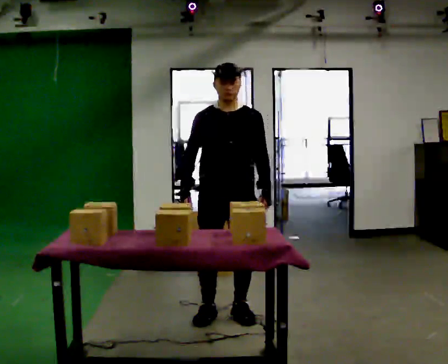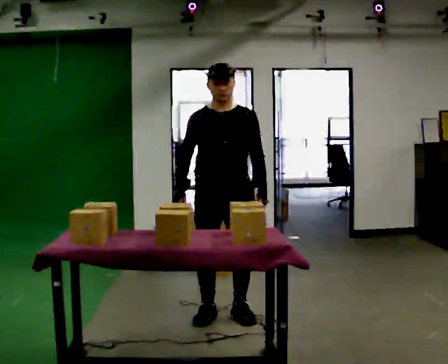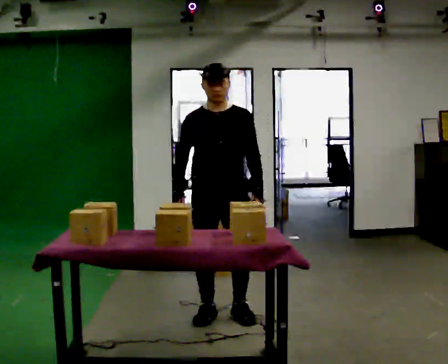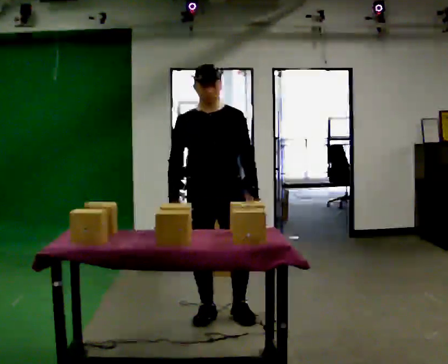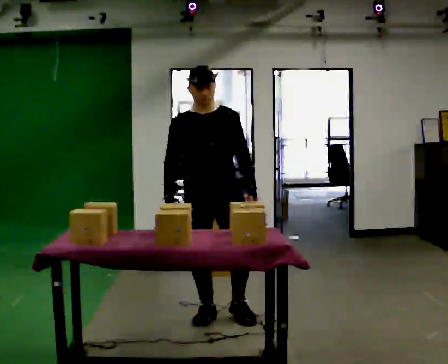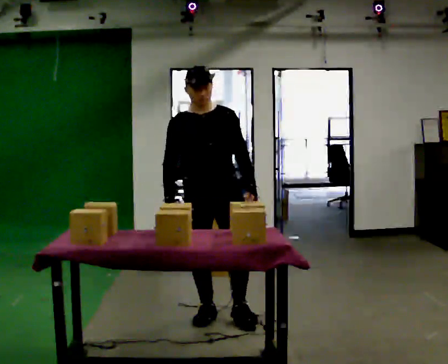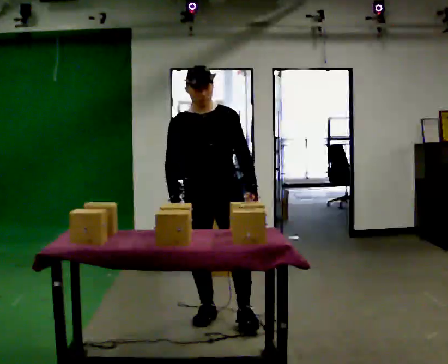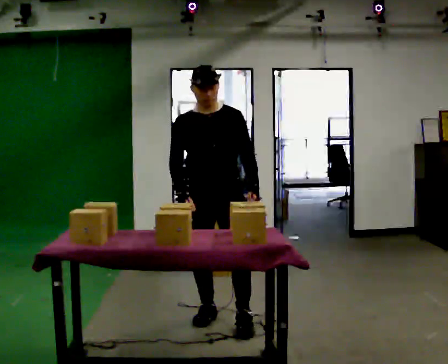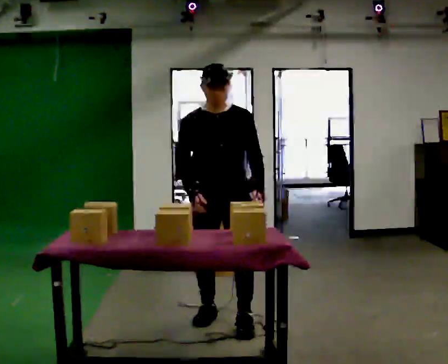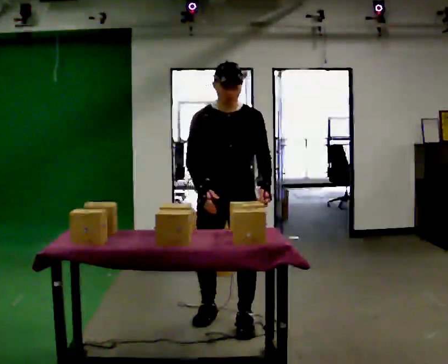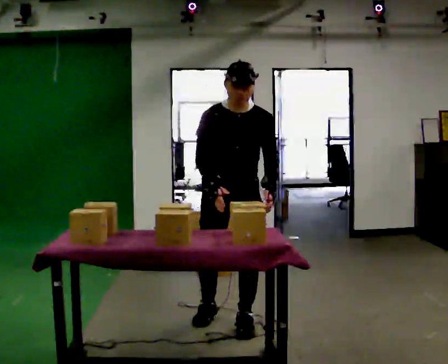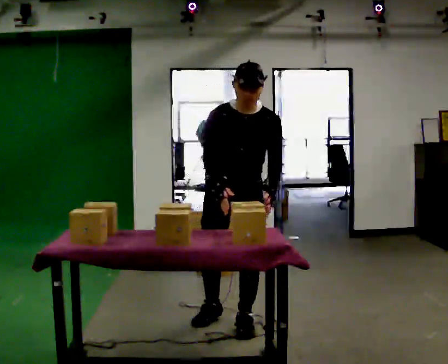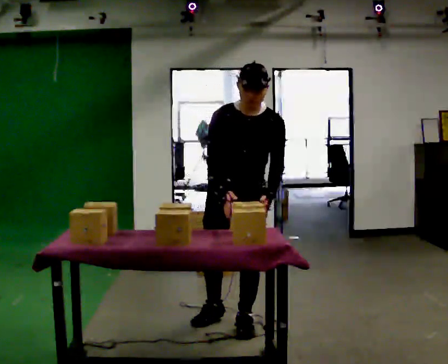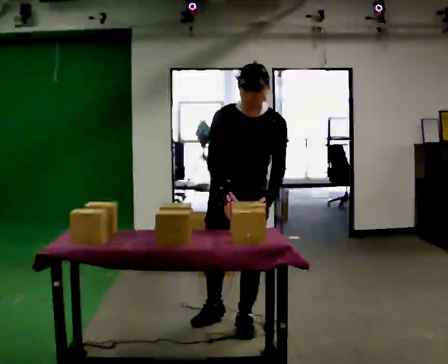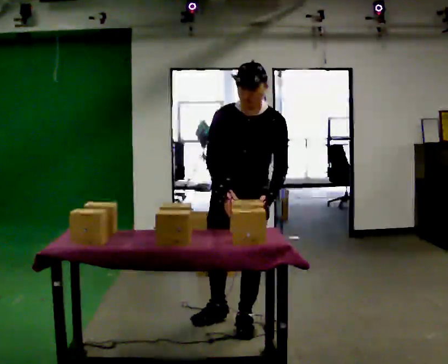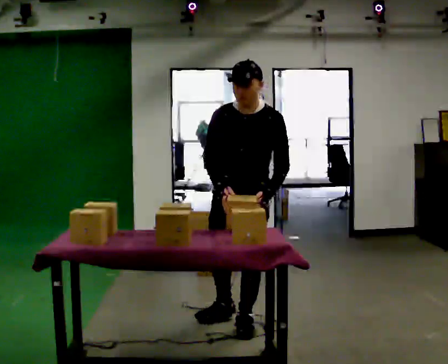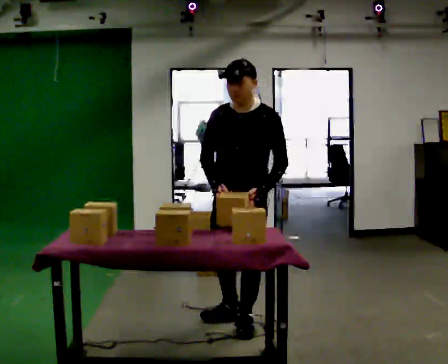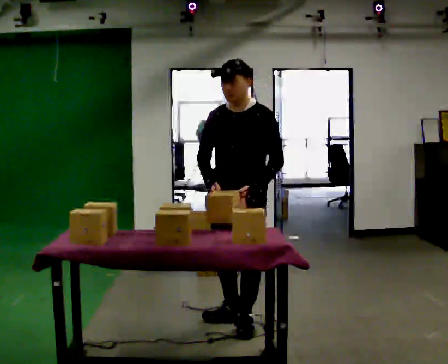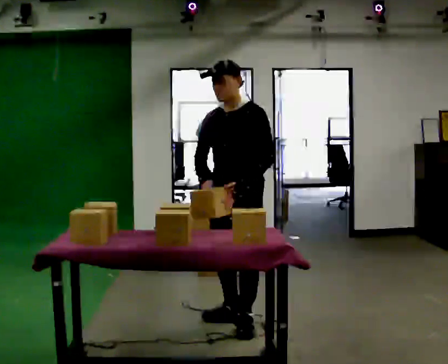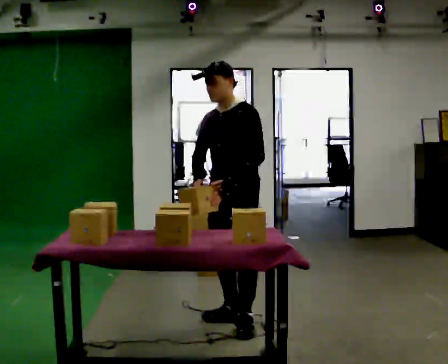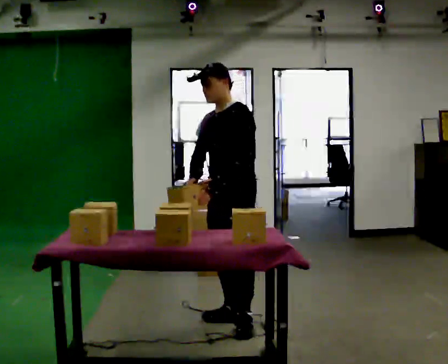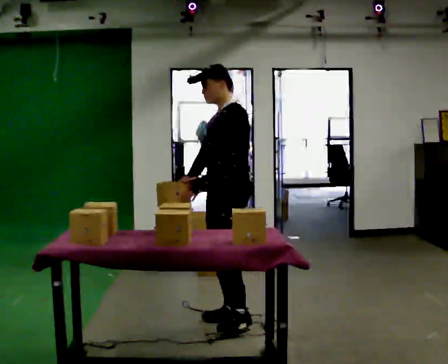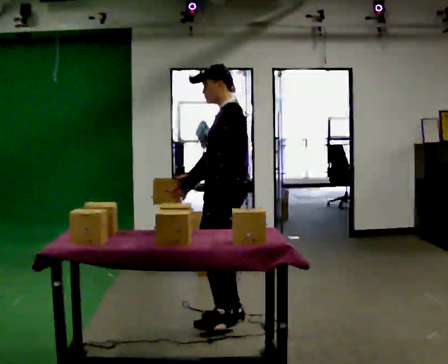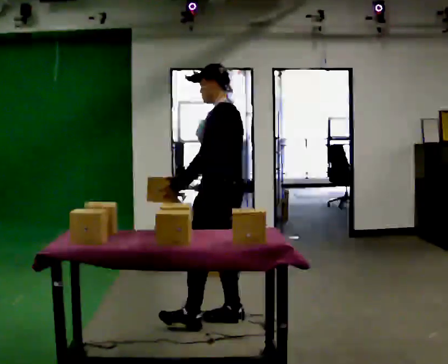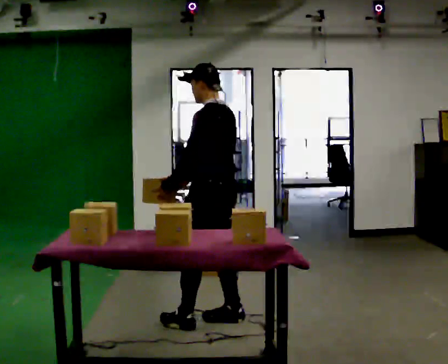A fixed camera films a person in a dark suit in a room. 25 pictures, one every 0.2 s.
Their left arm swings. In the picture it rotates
clockwise.
The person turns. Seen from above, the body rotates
clockwise.
0.0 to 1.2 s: The person moves a little, or ends about where they began.
1.2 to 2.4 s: In the picture they go toward the camera and to the right, about 0.25 m in 1 step, which for them is forward and to their left. The upper body tips toward the camera, its near side rolling downward, as they bend forward.
2.4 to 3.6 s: The person turns about 30 degrees to their right, clockwise seen from above, so the part of the body nearest the lens slides to the left.
3.6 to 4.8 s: Seen from above the body turns clockwise, about 75 degrees: to their right, with its near side sliding to the left. In the picture they go to the left, about 0.25 m in 1 step. In the picture their left hand goes to the left, the arm swinging clockwise.
The film runs forward here.
